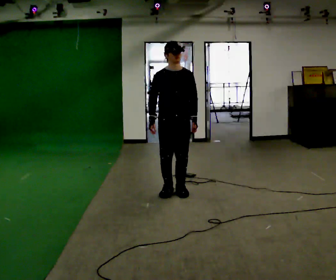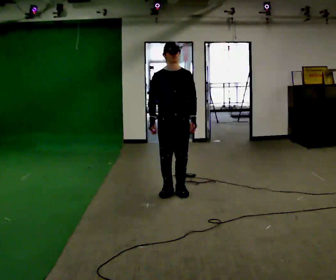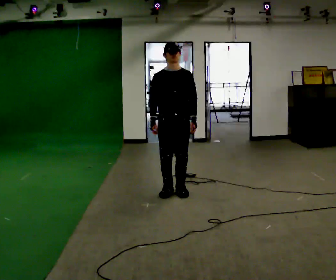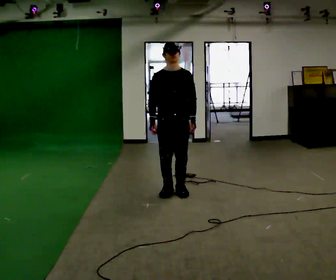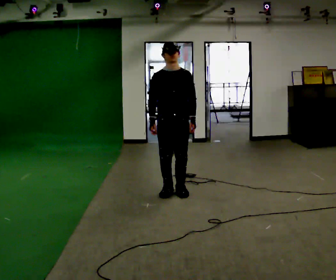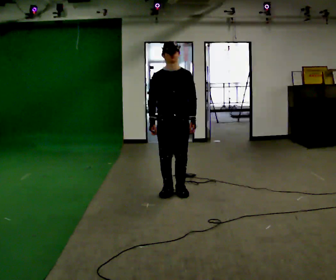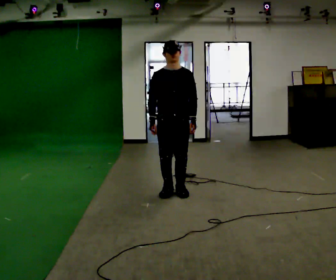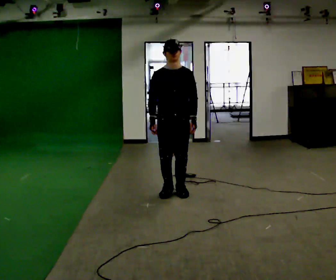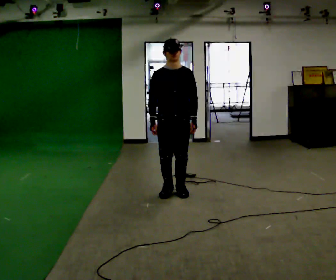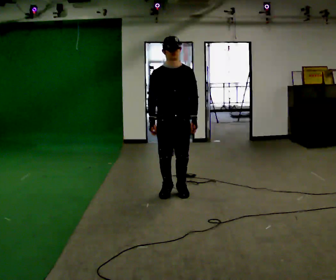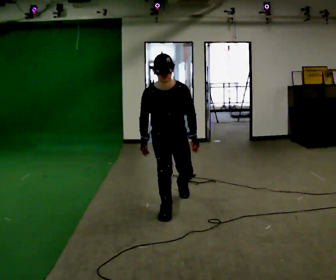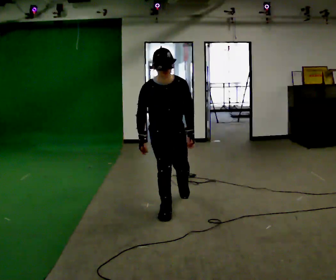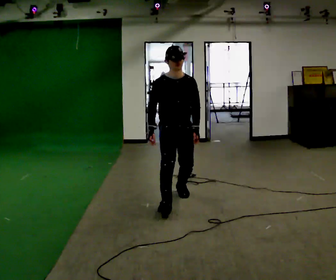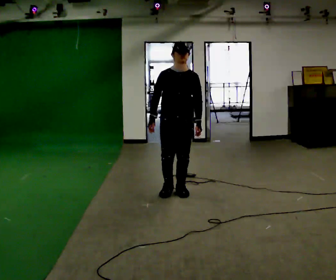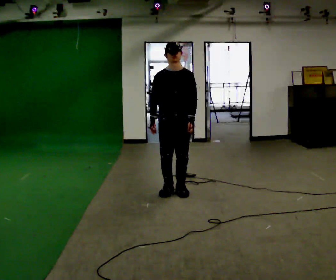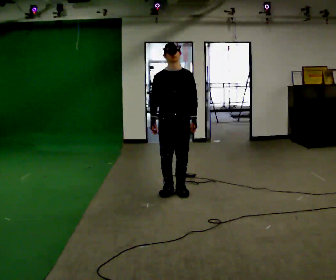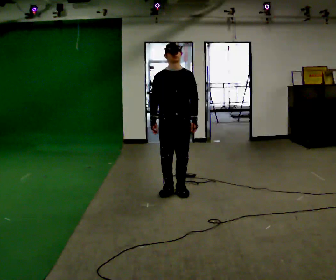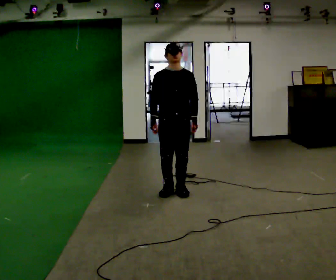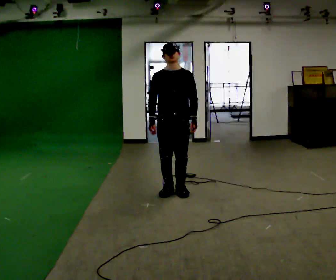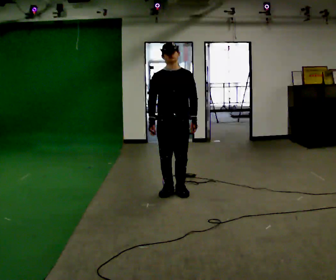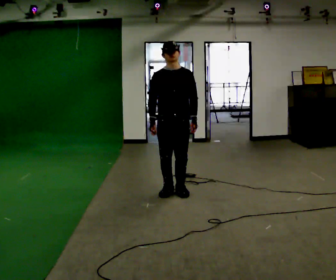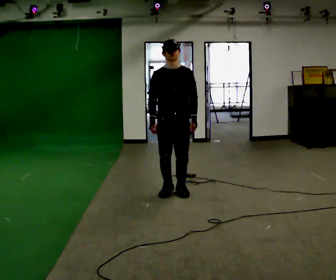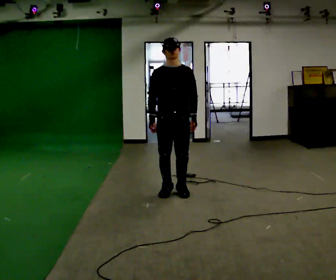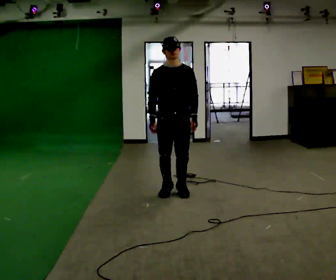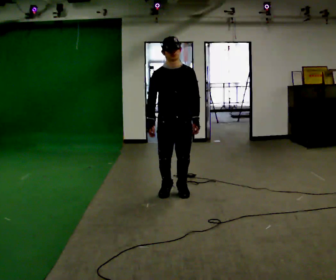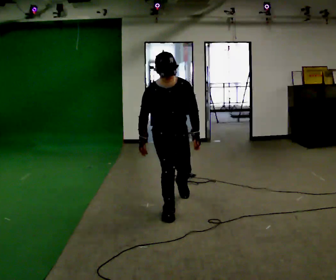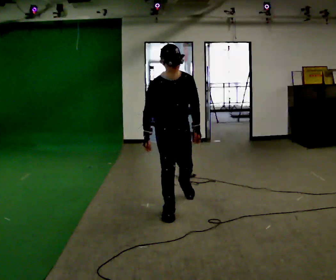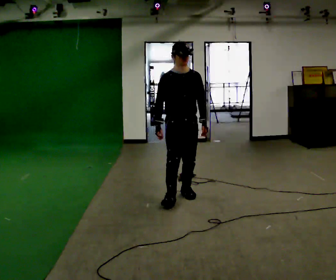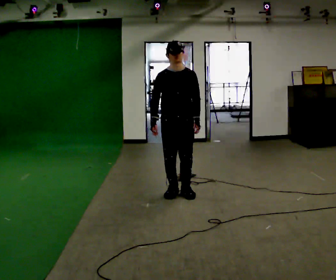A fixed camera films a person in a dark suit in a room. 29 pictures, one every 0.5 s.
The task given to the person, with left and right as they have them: Stand on the marked spots with your feet together. Lean forward from the ankles, keeping your body straight, until you cannot hold it any longer, then step forward to catch yourself. Return to the spots. Repeat at your own pace until the operator says stop. Go slowly and only as far as you are comfortable. Step whenever you need to; do not try to hold on longer than feels safe.
0.0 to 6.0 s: In the picture they go toward the camera, about 0.25 m in 1 step, which for them is forward.
6.0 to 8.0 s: In the picture they go away from the camera, about 0.25 m in 1 step, which for them is backward.
8.0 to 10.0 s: The person moves a little, or ends about where they began.
10.0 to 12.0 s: In the picture they go toward the camera, about 0.25 m, which for them is forward.
12.0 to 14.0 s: In the picture they go away from the camera, about 0.25 m in 2 steps, which for them is backward and to their left.
The film runs forward here.
